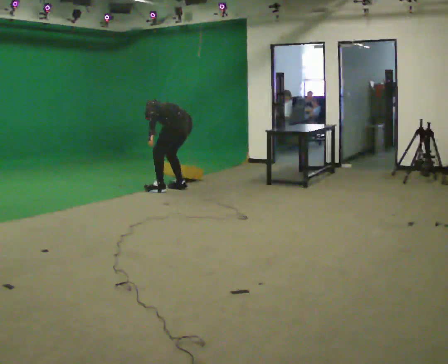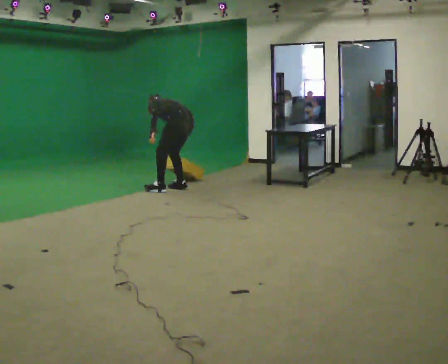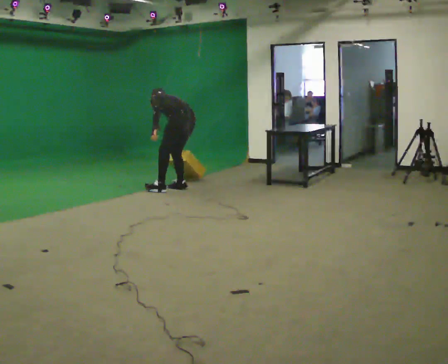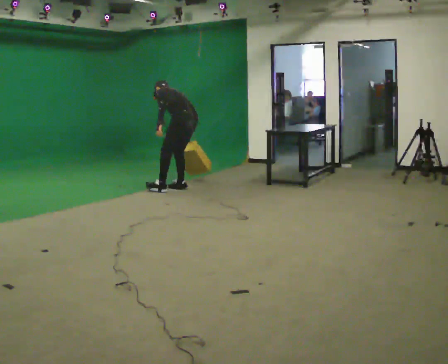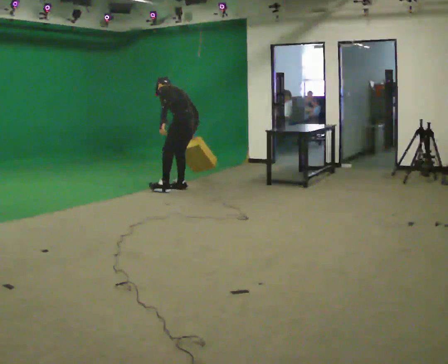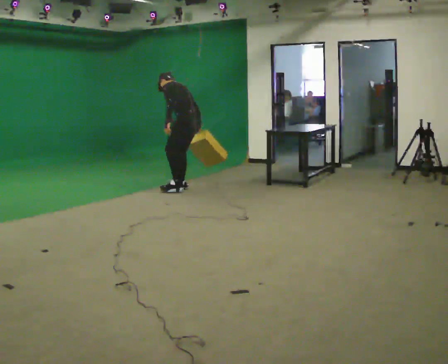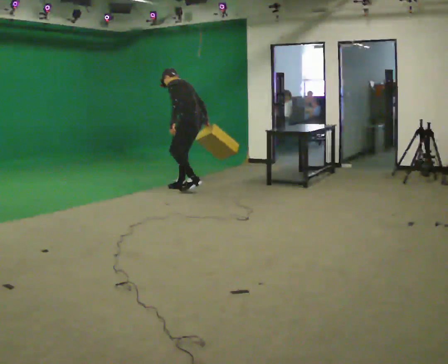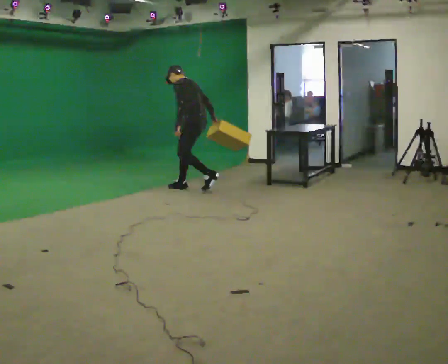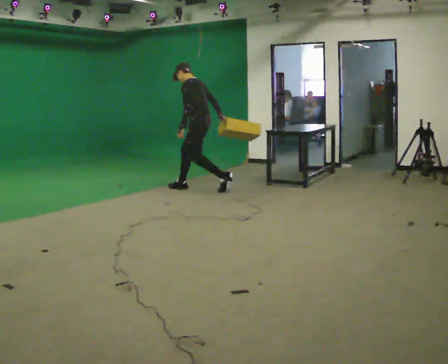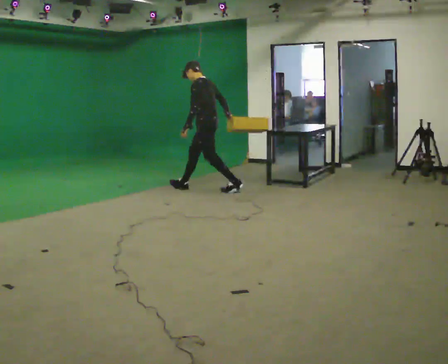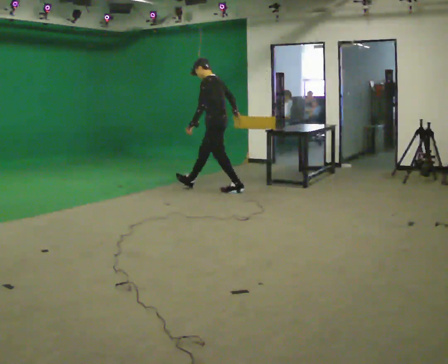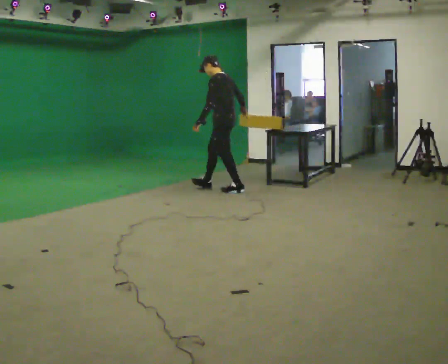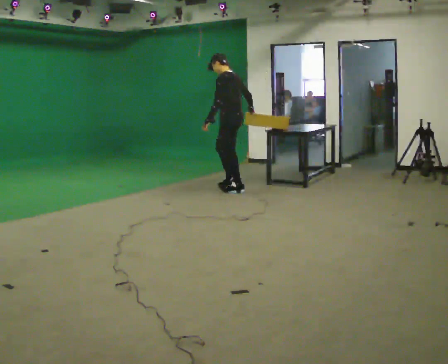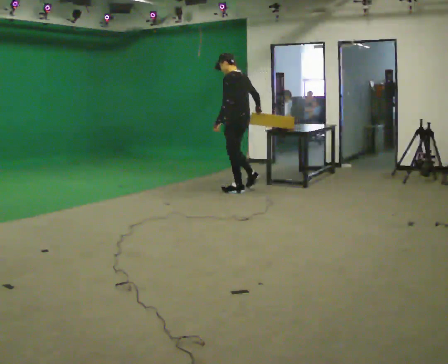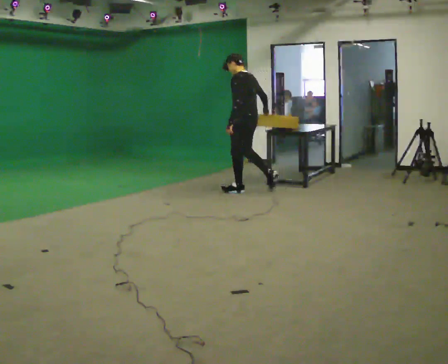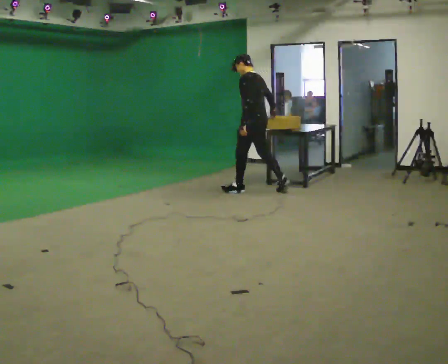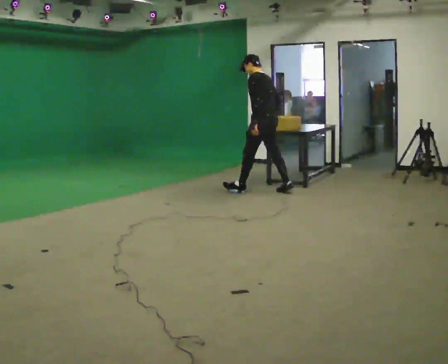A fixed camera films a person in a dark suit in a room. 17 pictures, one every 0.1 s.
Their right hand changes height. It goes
upward.
The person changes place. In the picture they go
to the right.
0.0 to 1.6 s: In the picture they go to the right, about 1 m in 2 steps, which for them is backward. The shoulders move upward. In the picture the upper body tilts clockwise, shoulders to the right, as they lean back or straighten.
The film runs backward here.
